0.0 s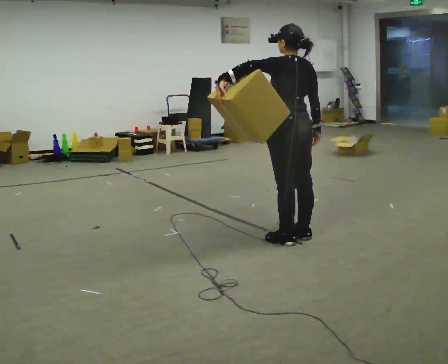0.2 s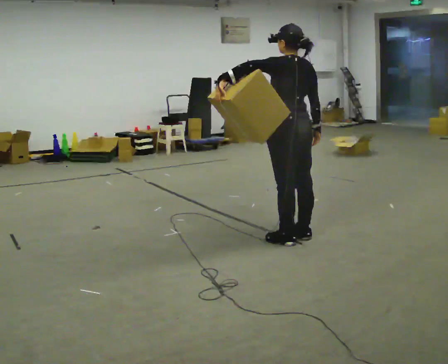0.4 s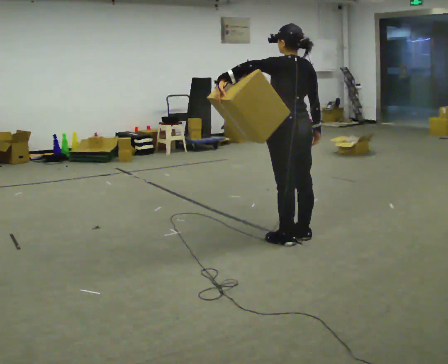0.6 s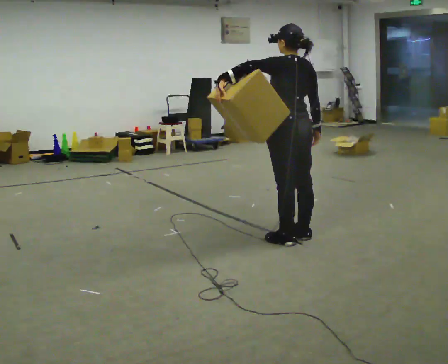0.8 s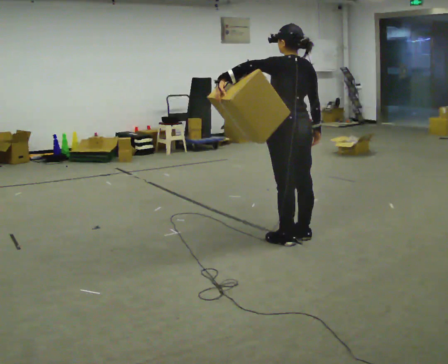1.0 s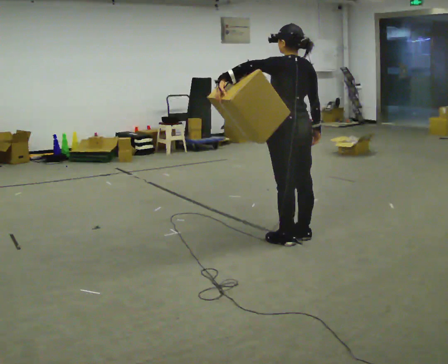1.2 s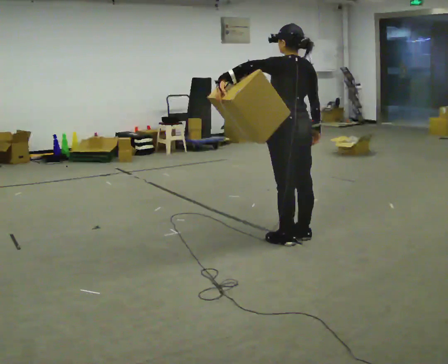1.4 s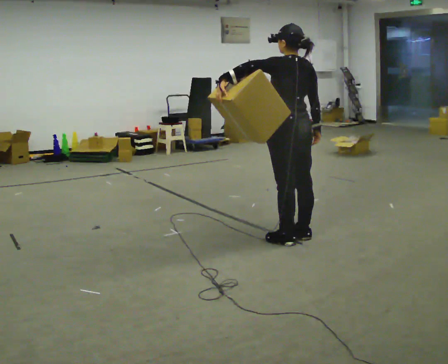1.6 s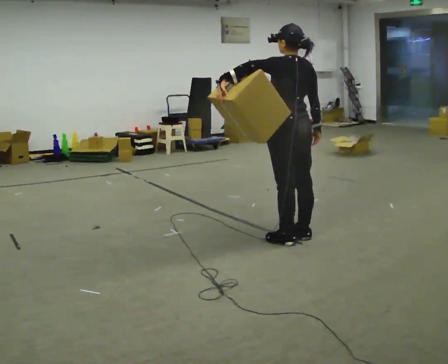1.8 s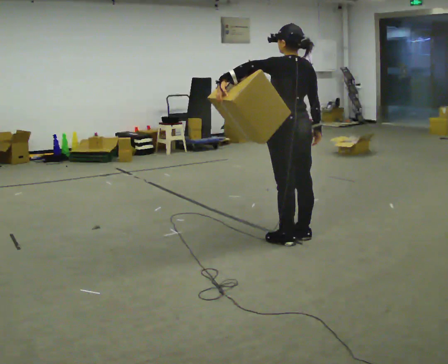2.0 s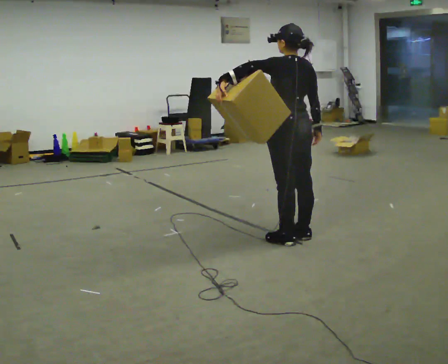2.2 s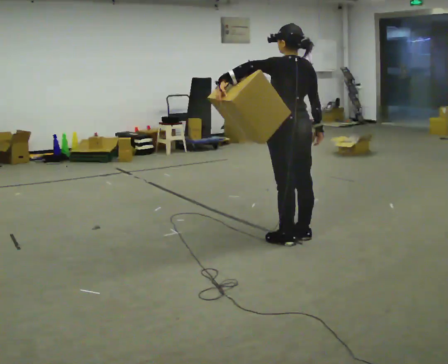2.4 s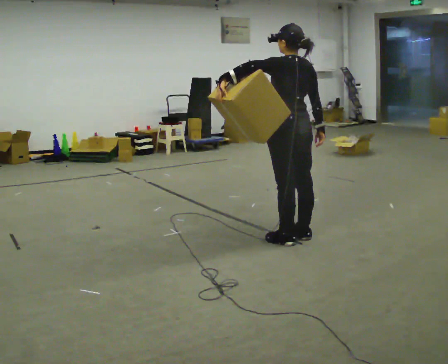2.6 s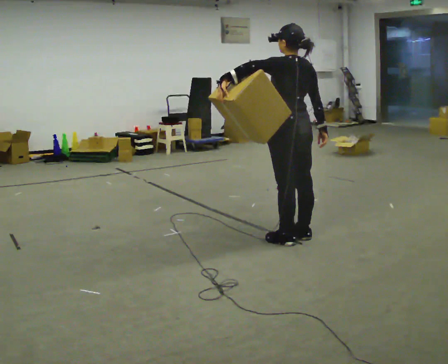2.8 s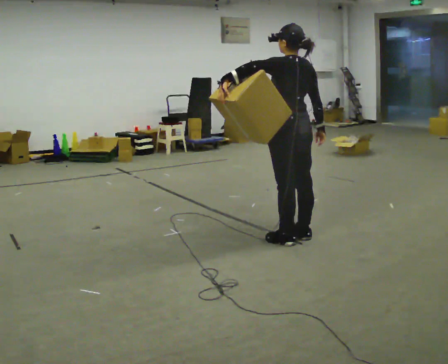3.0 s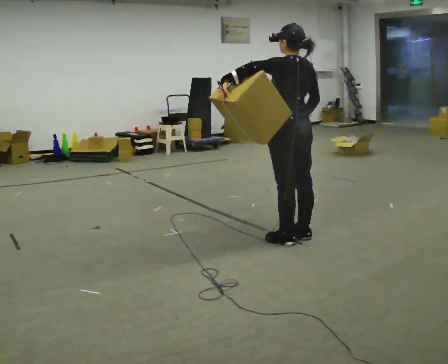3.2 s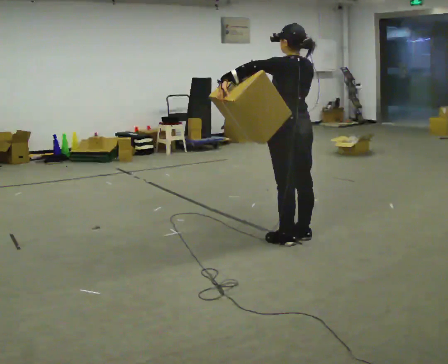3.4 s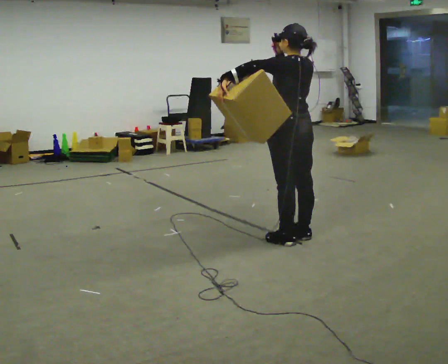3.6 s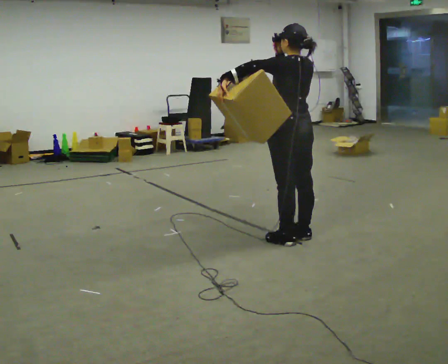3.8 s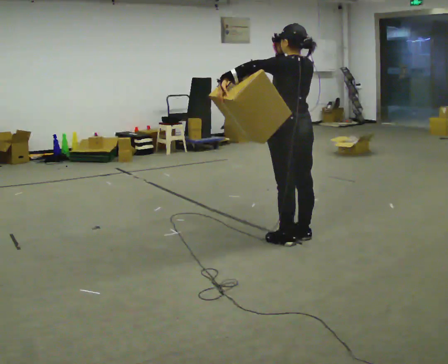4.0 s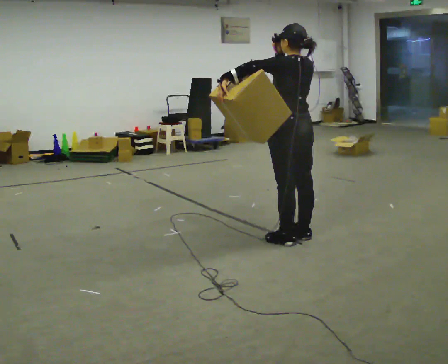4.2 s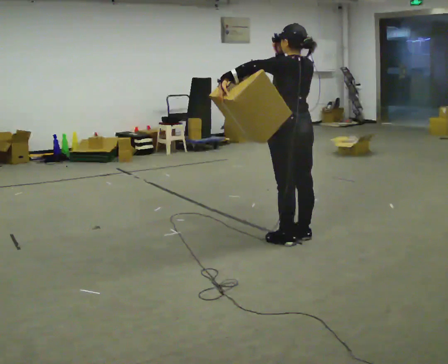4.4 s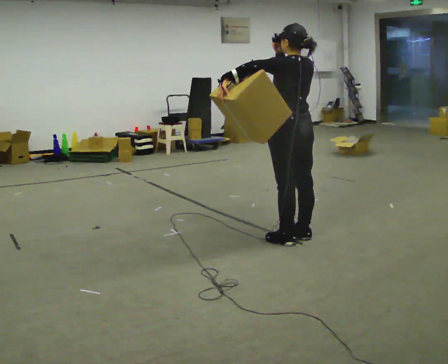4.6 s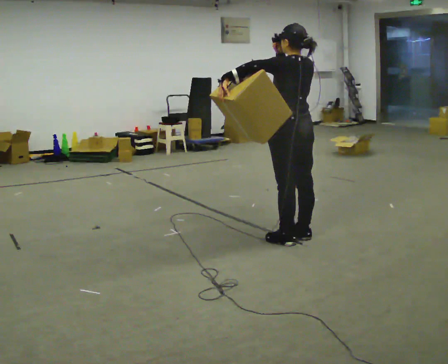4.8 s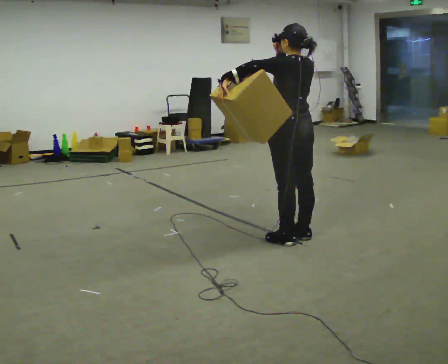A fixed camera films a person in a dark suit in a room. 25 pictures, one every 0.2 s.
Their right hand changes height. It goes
upward.
0.0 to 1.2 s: The person keeps their place and pose.
1.2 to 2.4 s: The person moves a little, or ends about where they began.
2.4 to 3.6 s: In the picture their right hand goes upward and to the left.
3.6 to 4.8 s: The person keeps their place and pose.
The film runs backward here.
